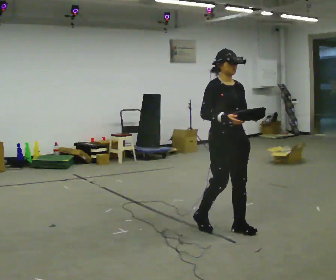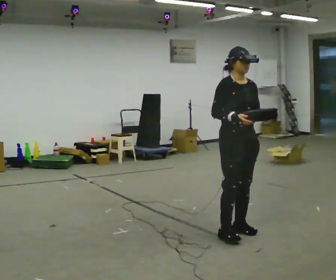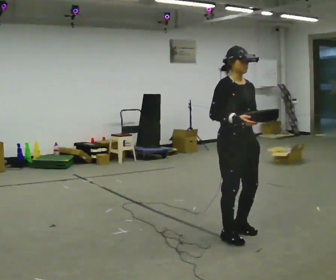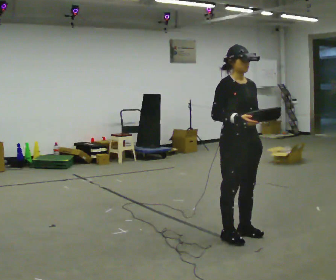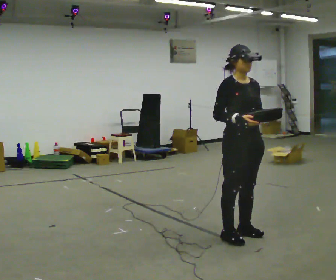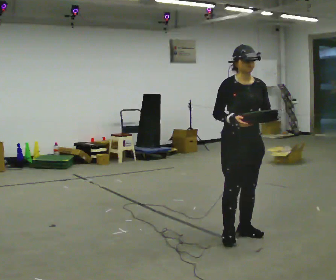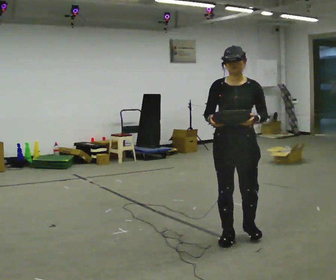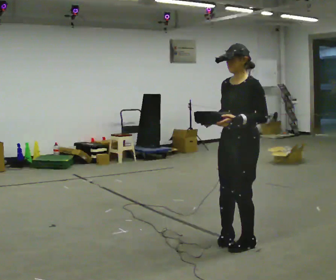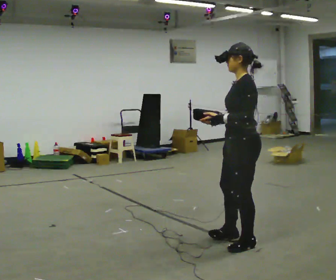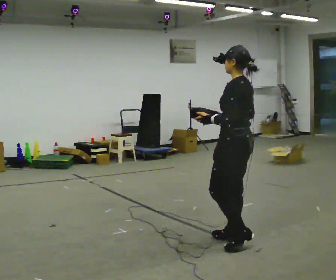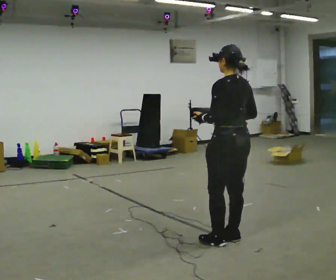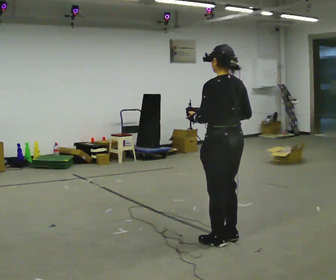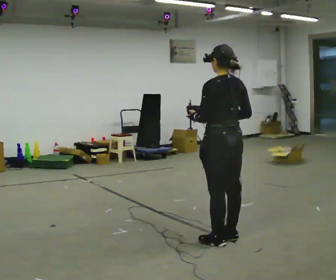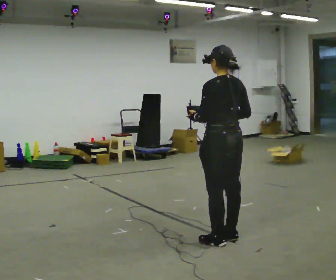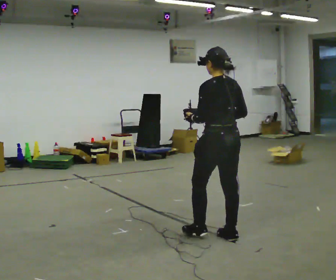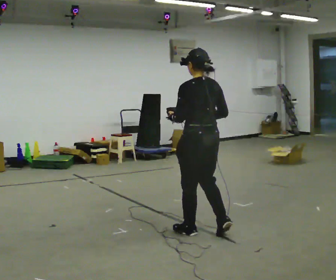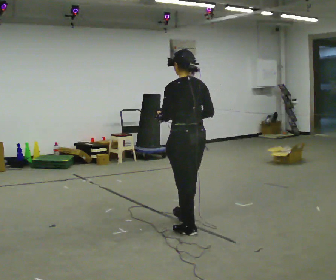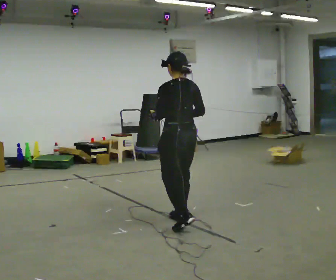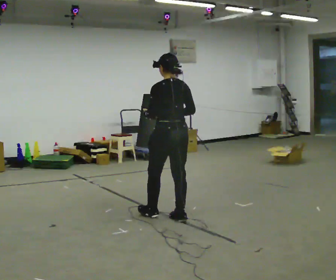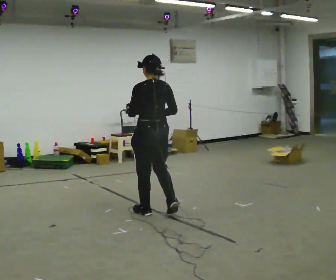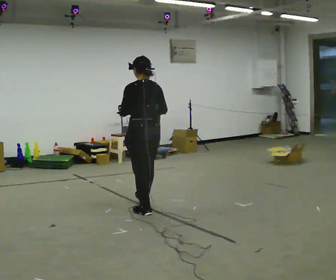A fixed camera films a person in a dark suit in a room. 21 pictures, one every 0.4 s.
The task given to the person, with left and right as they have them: Carry the object across the room. The lid hangs loose and will swing, so carry it however works. Keep going until the operator says stop; one object at a time, and do not rush between trips.
0.0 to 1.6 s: In the picture they go toward the camera, about 0.25 m in 1 step, which for them is forward.
1.6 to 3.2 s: Seen from above the body turns clockwise, about 120 degrees: to their right, with its near side sliding to the left. In the picture they go toward the camera, about 0.25 m in 1 step. In the picture their left hand goes to the left.
3.2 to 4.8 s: Seen from above the body turns clockwise, about 60 degrees: to their right, with its near side sliding to the left.
4.8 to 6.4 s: In the picture they go to the left and away from the camera, about 0.5 m in 1 step, which for them is forward.
6.4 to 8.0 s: In the picture they go away from the camera and to the left, about 1 m in 2 steps, which for them is forward.
The film runs forward here.
